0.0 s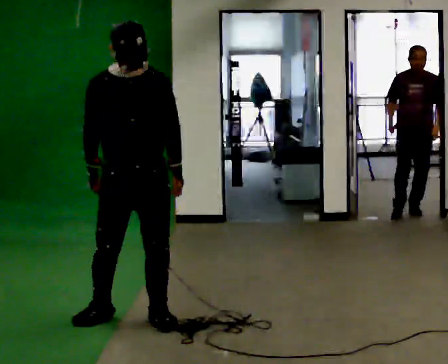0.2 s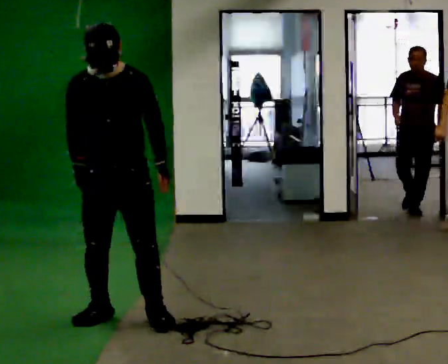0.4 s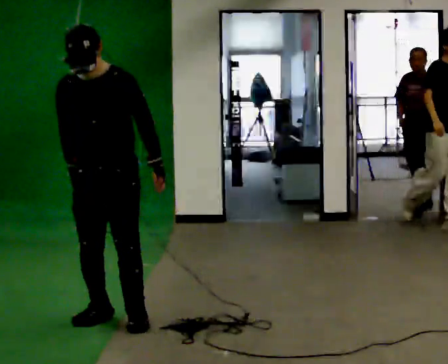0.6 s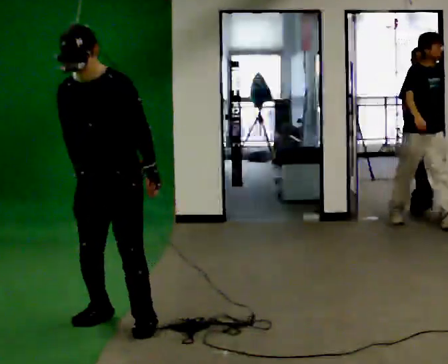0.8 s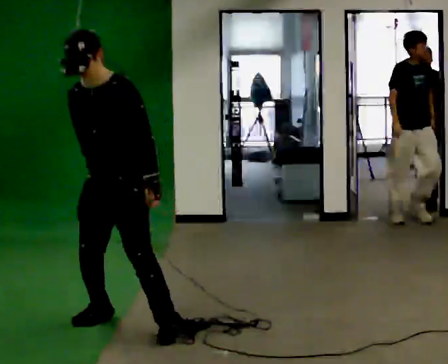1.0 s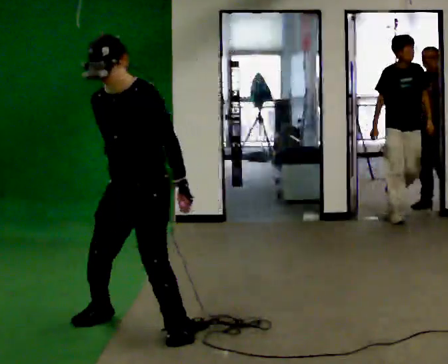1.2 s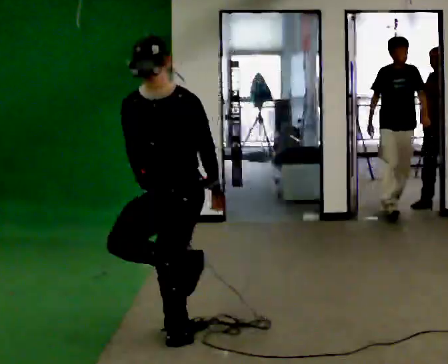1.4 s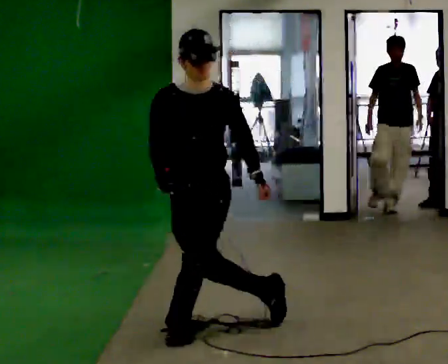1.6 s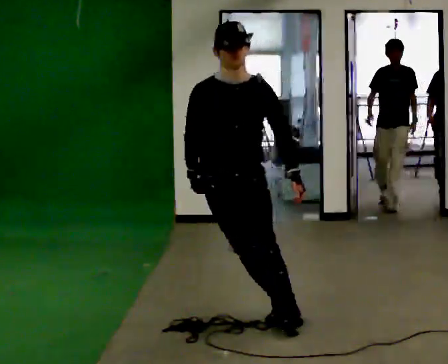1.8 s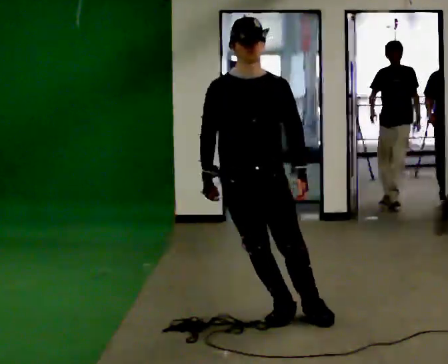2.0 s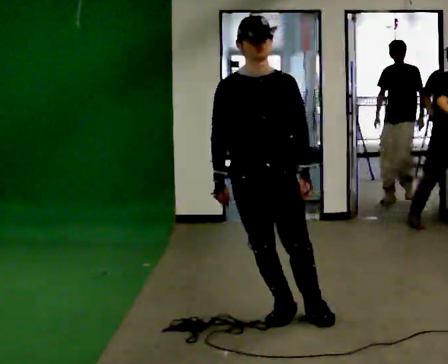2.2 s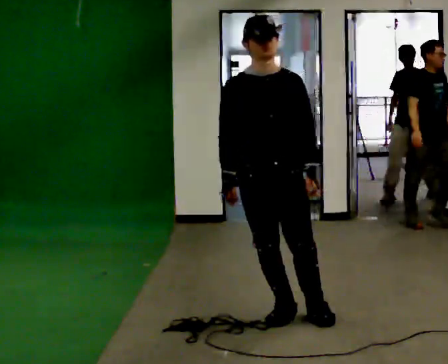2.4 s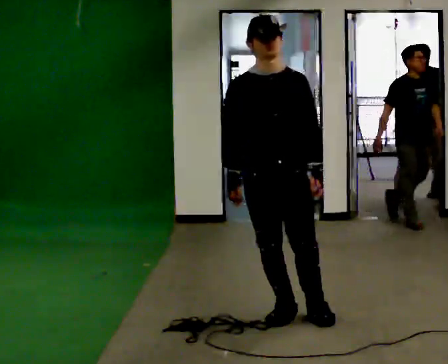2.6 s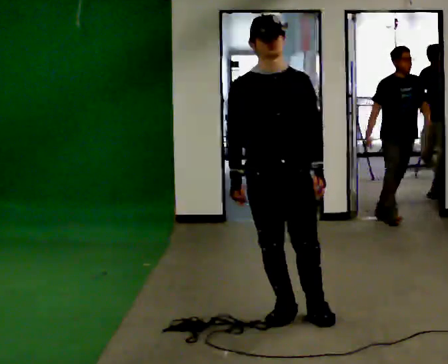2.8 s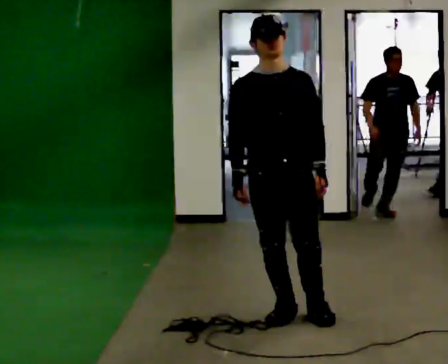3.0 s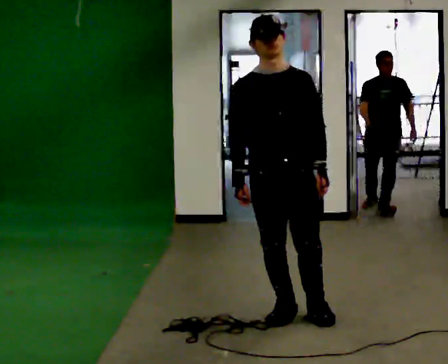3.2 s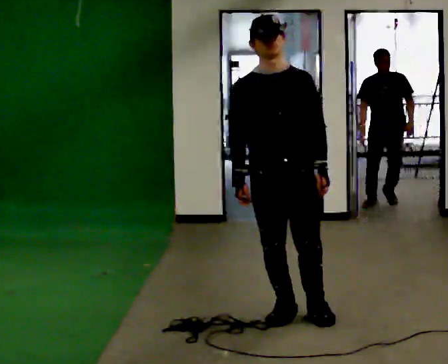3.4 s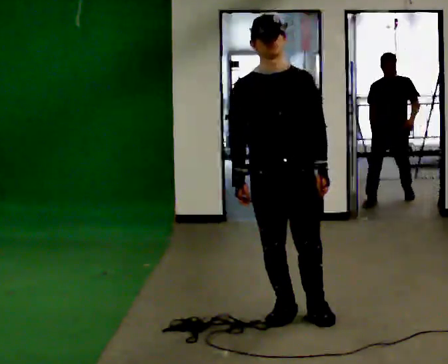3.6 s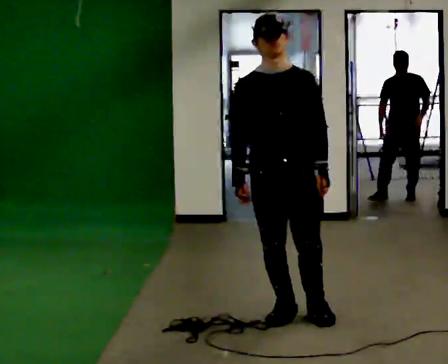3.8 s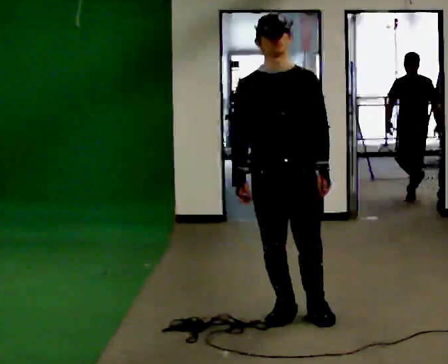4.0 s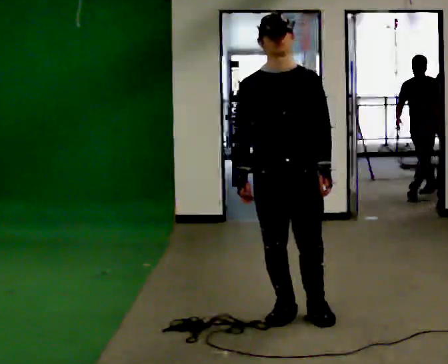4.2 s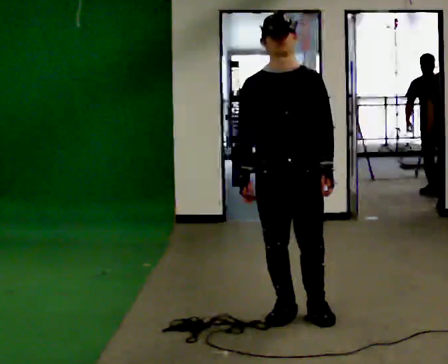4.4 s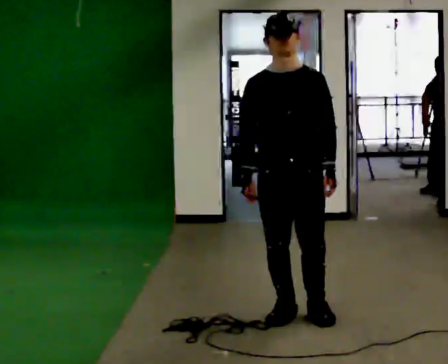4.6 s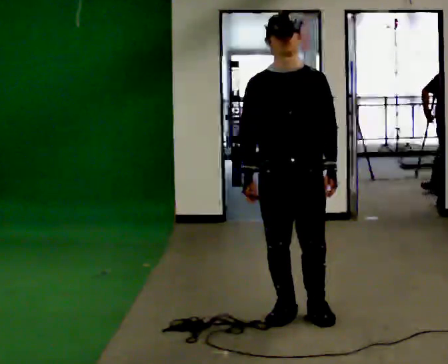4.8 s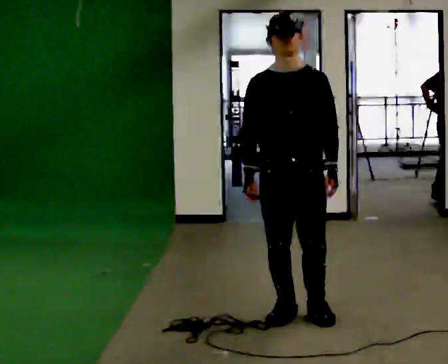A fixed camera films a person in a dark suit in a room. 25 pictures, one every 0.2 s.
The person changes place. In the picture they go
to the right.
0.0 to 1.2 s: The part of the body nearest the lens slides to the left as the person turns to their right by about 45 degrees. In the picture they go to the right, about 0.25 m in 2 steps, which for them is to their left.
1.2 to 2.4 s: The person turns about 45 degrees to their left, counterclockwise seen from above, so the part of the body nearest the lens slides to the right. In the picture they go to the right, about 0.5 m in 1 step, which for them is to their left.
2.4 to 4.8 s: The person moves a little, or ends about where they began.
The film runs backward here.
